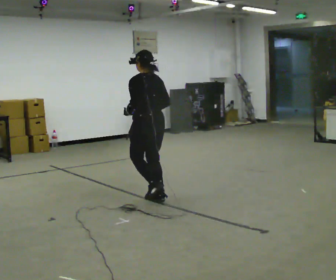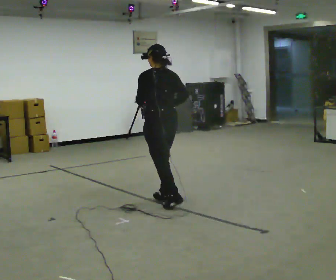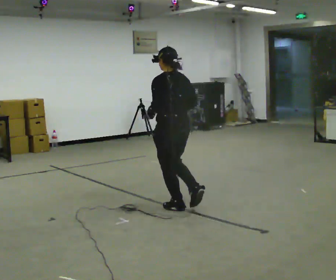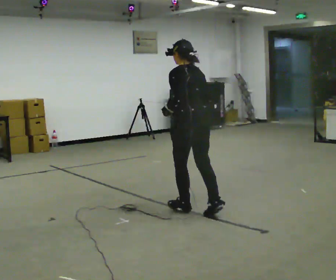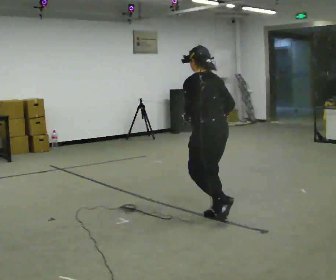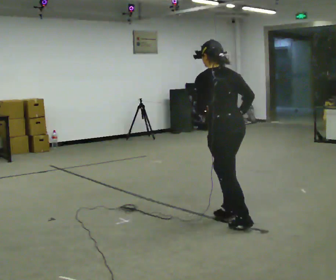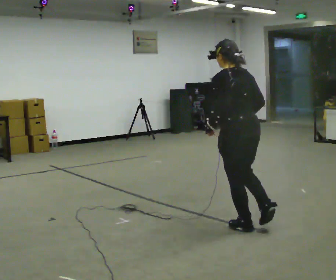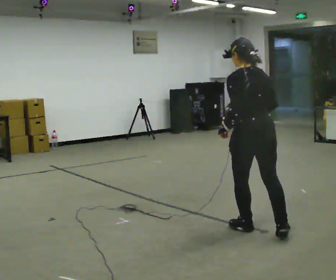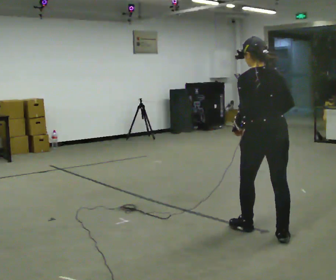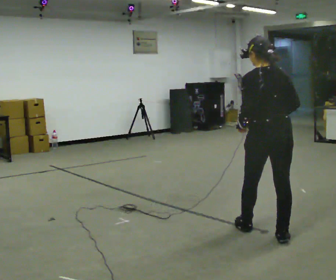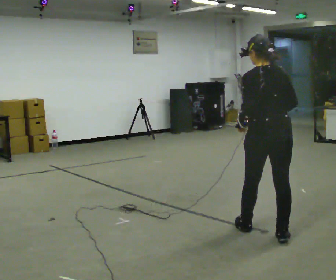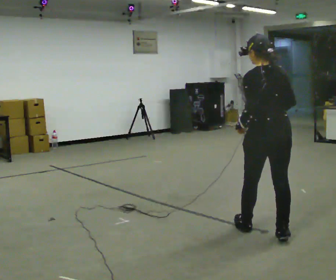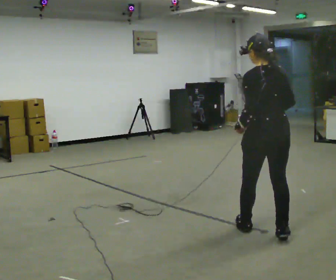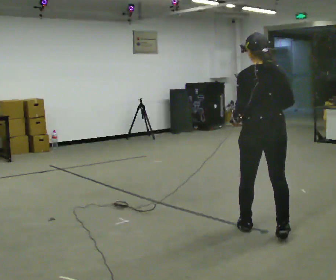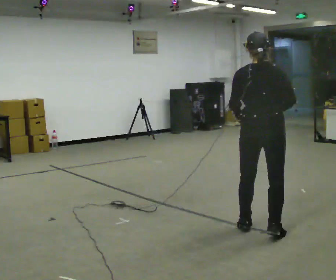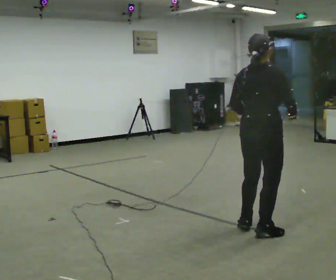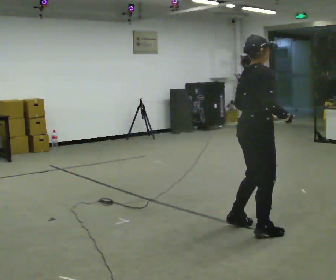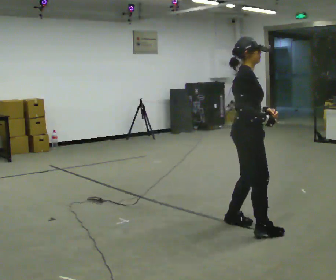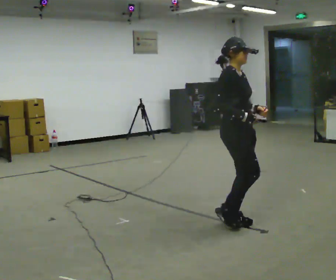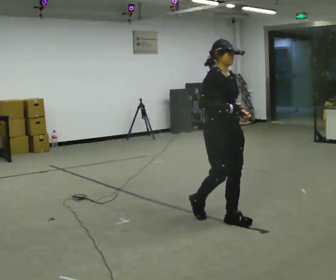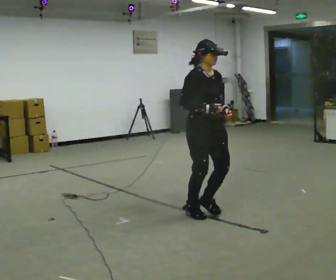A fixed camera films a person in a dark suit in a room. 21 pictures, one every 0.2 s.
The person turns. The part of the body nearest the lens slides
to the left.
The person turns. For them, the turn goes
to their right.
0.0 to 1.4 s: In the picture they go to the right and toward the camera, about 1.5 m in 3 steps, which for them is backward.
1.4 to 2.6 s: The person moves a little, or ends about where they began.
2.6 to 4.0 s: The person turns about 150 degrees to their right, clockwise seen from above, so the part of the body nearest the lens slides to the left. In the picture they go to the left and away from the camera, about 0.75 m in 4 steps.
The film runs backward here.
